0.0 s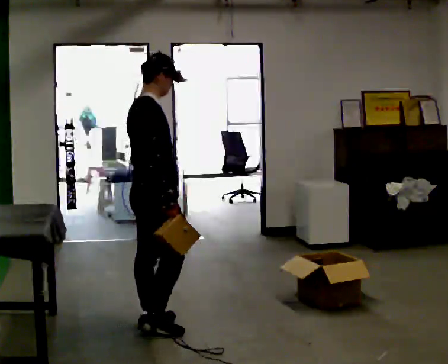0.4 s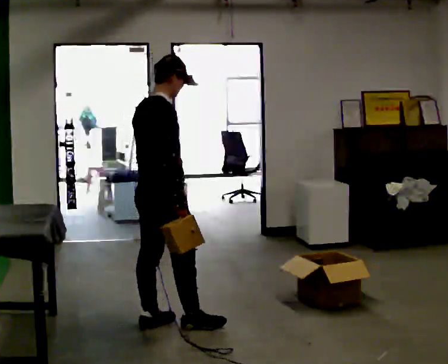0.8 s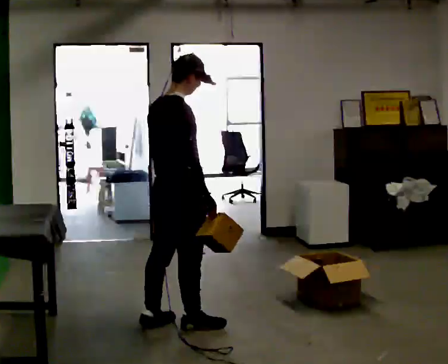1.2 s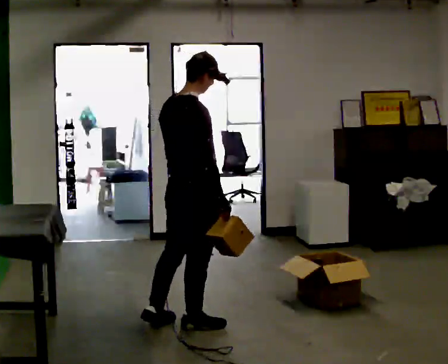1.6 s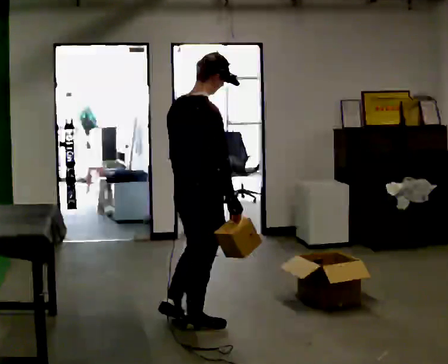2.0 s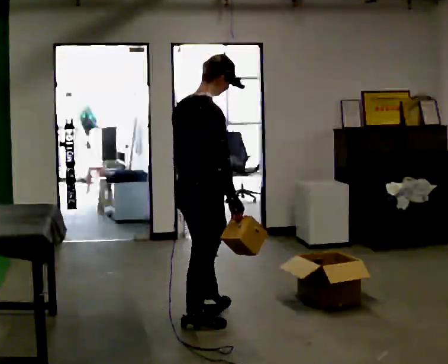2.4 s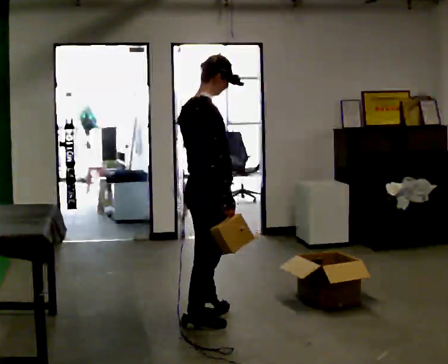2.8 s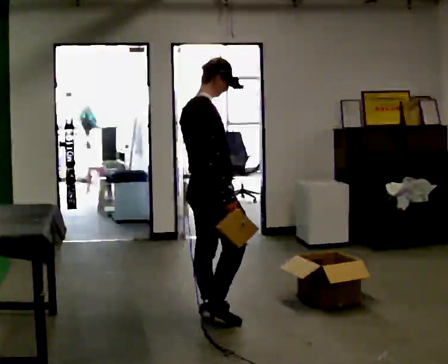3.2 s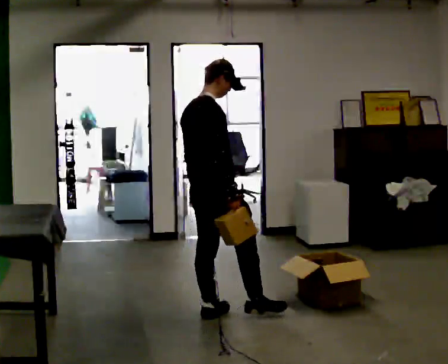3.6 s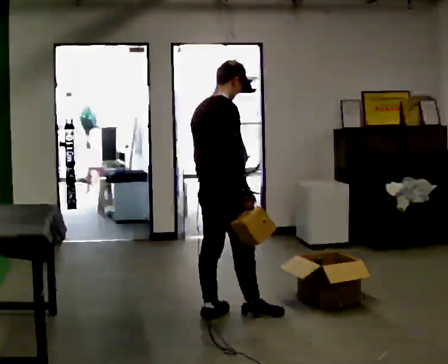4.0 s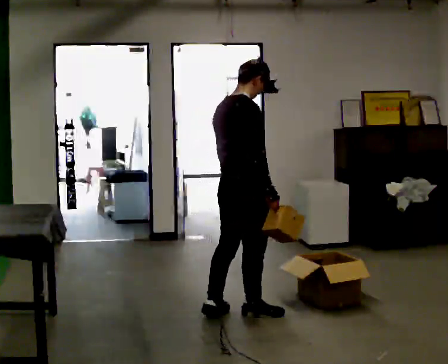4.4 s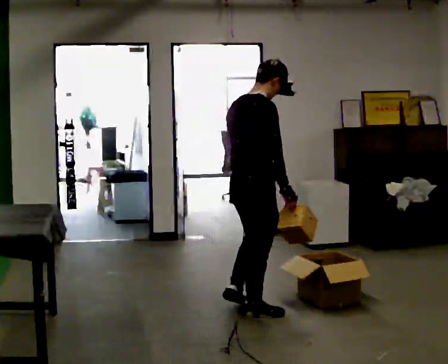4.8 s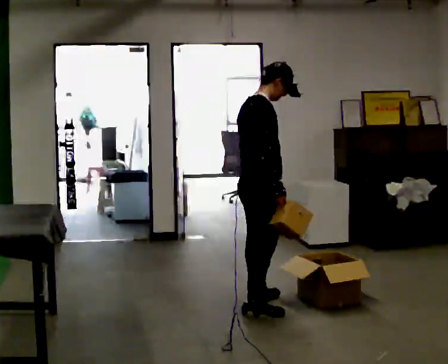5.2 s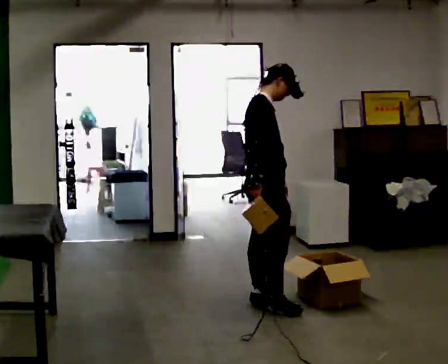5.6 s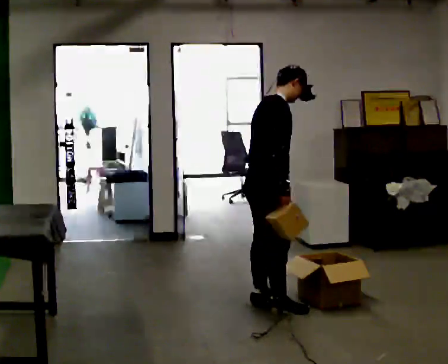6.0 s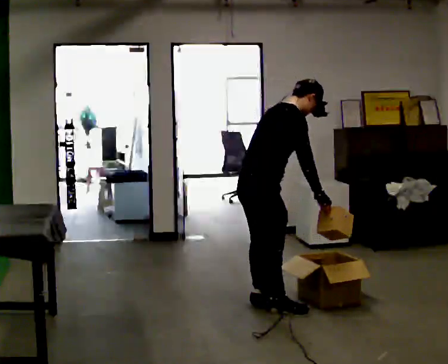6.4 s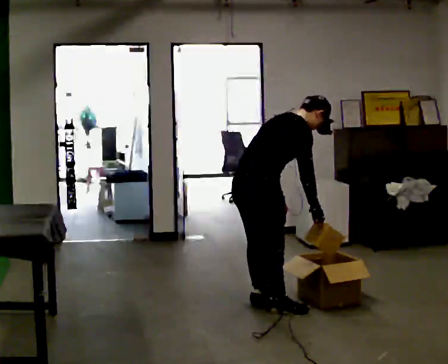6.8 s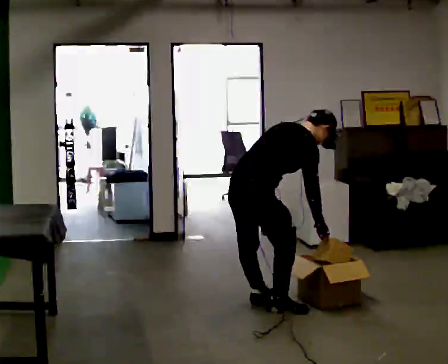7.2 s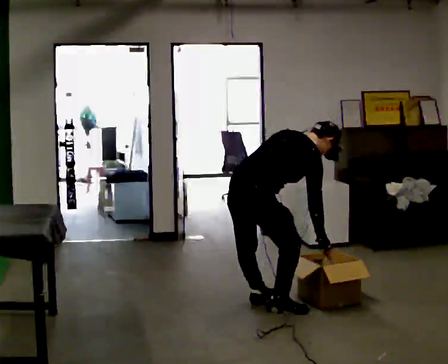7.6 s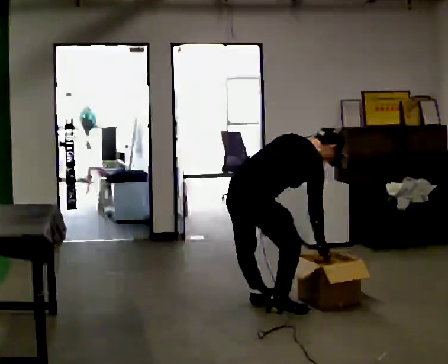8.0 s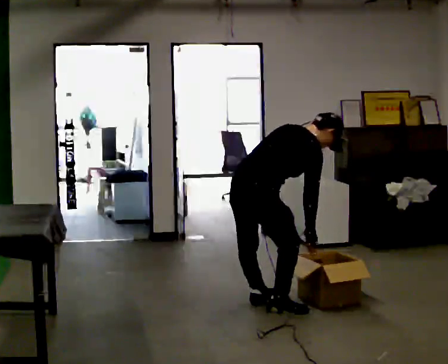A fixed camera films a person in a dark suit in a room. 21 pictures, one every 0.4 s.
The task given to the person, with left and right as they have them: Carry each object across the room and drop it into the container on the floor, then walk back for the next one. Keep going until the operator says stop; one object at a time, and do not rush between trips.
0.0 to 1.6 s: In the picture they go to the right, about 0.25 m in 1 step, which for them is to their right and forward.
1.6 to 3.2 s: In the picture they go away from the camera, about 0.25 m in 2 steps, which for them is forward and to their left.
3.2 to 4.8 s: In the picture they go to the right and away from the camera, about 0.25 m in 1 step, which for them is forward.
4.8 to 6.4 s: In the picture the upper body tilts clockwise, shoulders to the right, as they bend forward.
6.4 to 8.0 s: The person moves a little, or ends about where they began.
The film runs forward here.
